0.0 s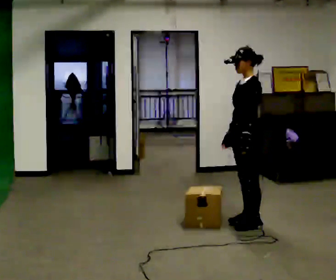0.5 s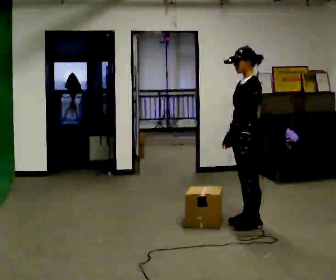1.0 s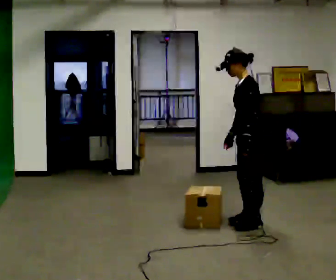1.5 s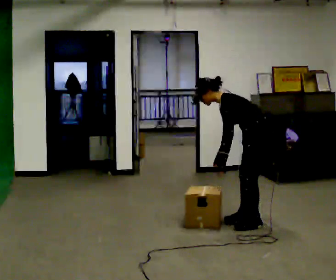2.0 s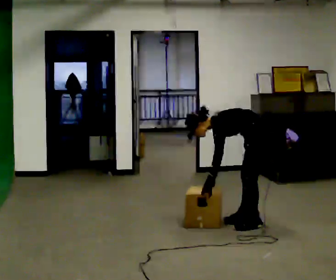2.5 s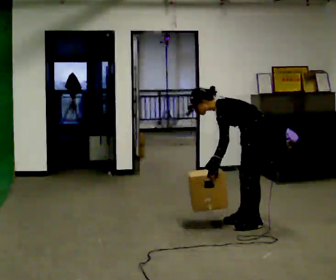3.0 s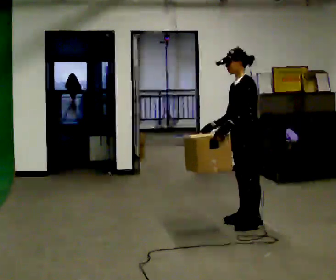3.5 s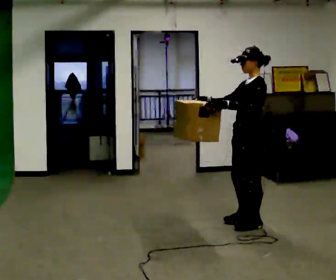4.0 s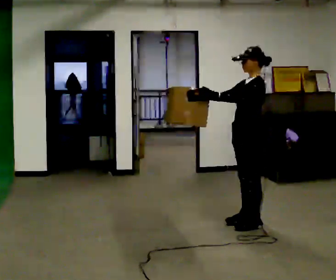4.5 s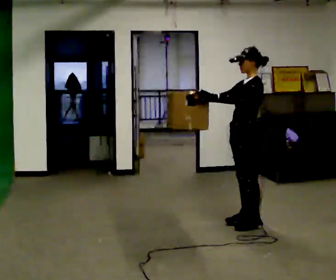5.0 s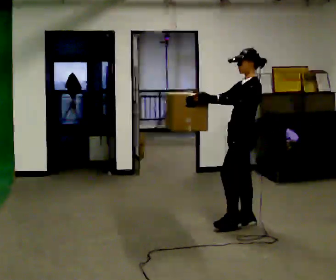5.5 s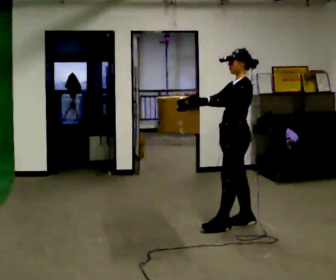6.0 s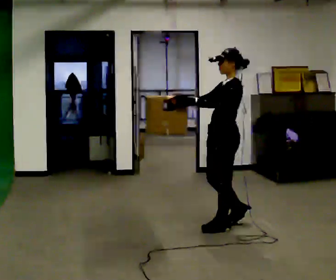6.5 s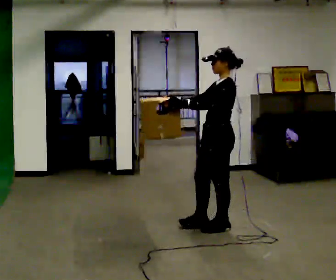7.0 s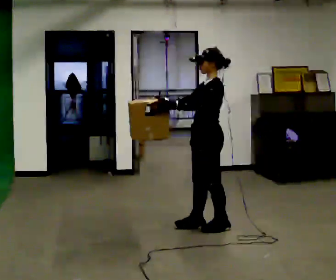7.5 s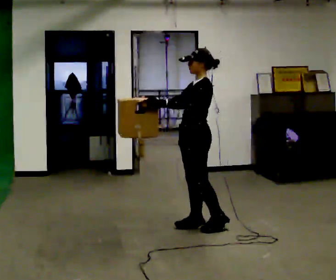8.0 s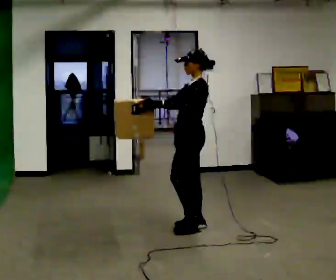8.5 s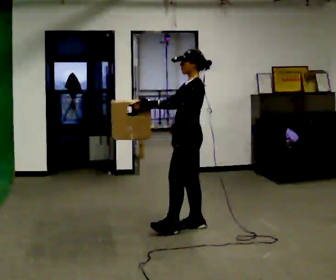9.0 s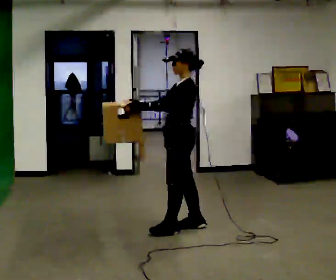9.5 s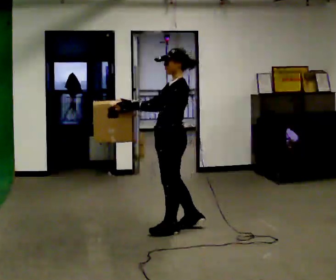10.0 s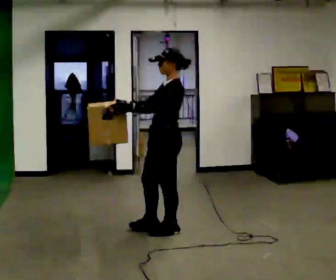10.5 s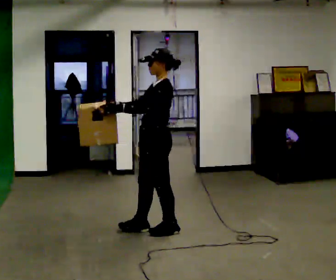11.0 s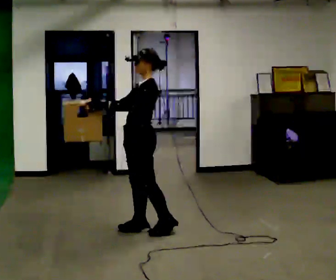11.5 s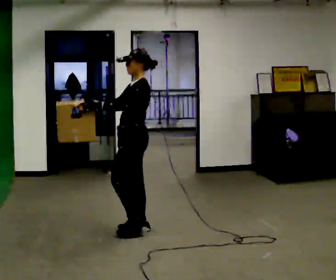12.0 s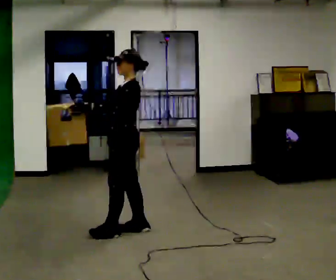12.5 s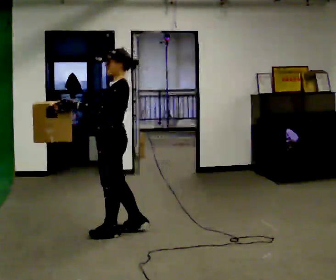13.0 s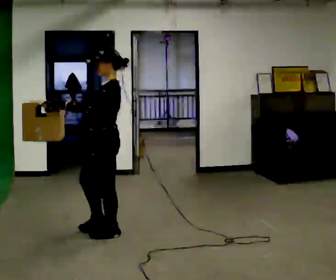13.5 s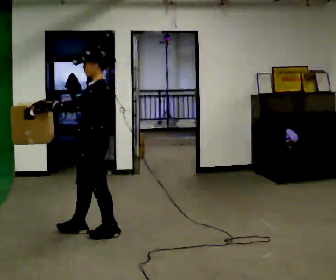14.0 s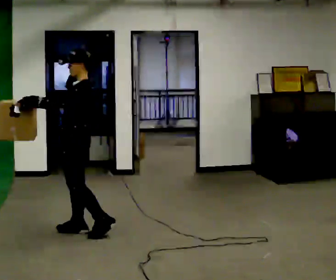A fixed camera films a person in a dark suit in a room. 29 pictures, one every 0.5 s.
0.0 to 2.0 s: The shoulders move downward. In the picture the upper body tilts counterclockwise, shoulders to the left, as they bend forward. In the picture their right hand goes downward.
2.0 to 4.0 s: The upper body goes upward. In the picture the upper body tilts clockwise, shoulders to the right, as they lean back or straighten. In the picture their right hand goes upward, the arm swinging clockwise.
4.0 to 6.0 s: In the picture they go to the left, about 0.25 m in 1 step, which for them is forward.
6.0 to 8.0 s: In the picture they go to the left, about 0.25 m in 1 step, which for them is forward and to their right.
8.0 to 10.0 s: In the picture they go toward the camera and to the left, about 0.25 m in 1 step, which for them is forward and to their left.
10.0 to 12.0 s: In the picture they go to the left, about 0.25 m in 2 steps, which for them is forward.
12.0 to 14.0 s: In the picture they go to the left, about 0.5 m in 1 step, which for them is forward.
The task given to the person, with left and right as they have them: Carry the box across the room much more slowly and carefully than normal, back and forth.
The film runs forward here.
